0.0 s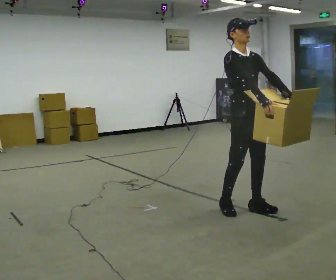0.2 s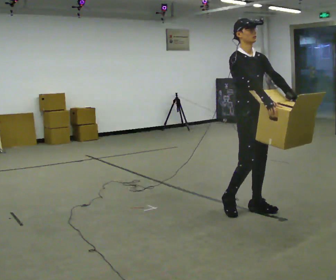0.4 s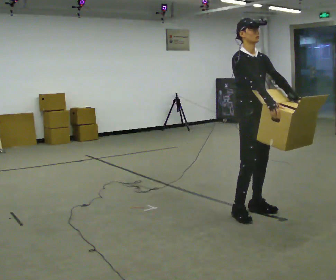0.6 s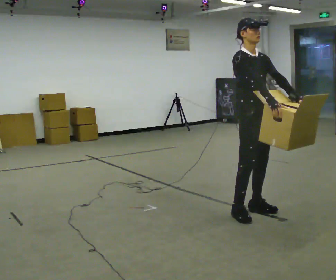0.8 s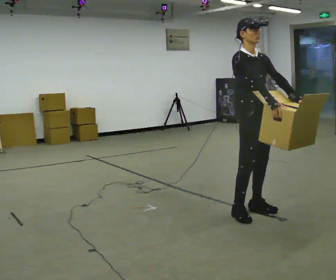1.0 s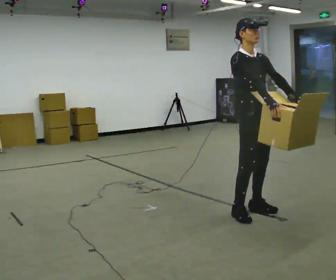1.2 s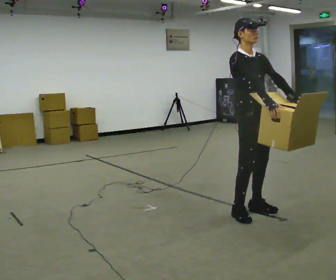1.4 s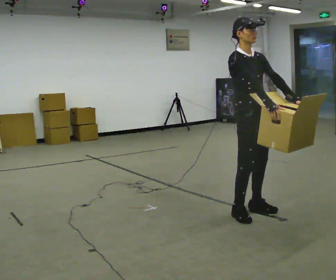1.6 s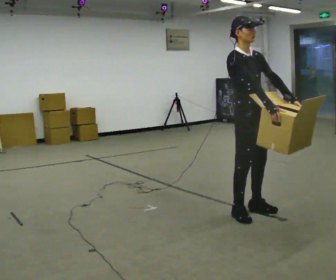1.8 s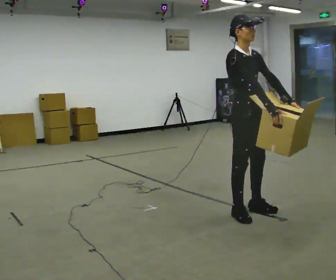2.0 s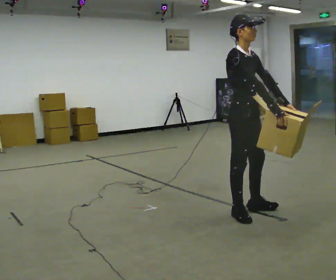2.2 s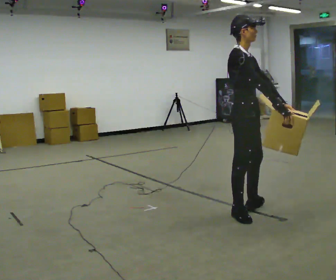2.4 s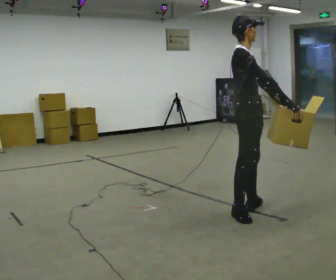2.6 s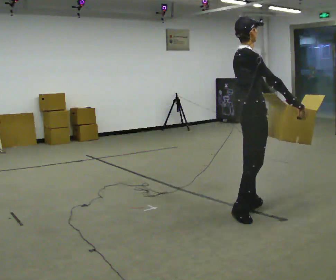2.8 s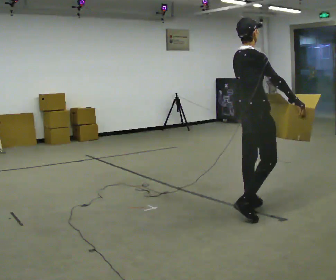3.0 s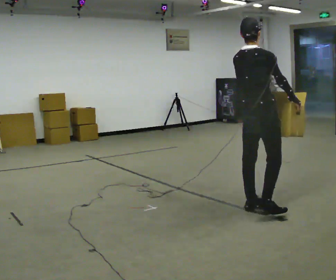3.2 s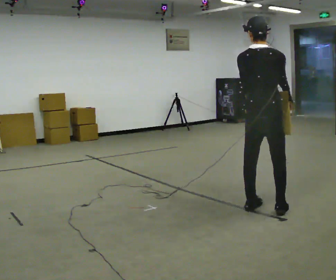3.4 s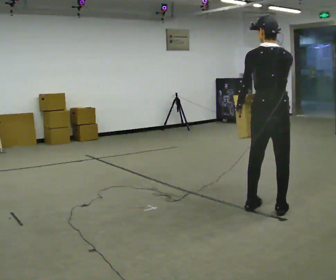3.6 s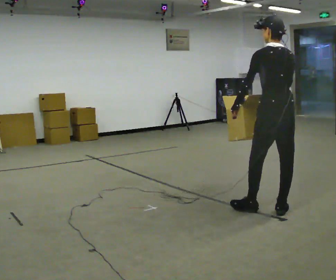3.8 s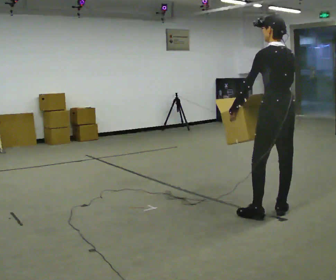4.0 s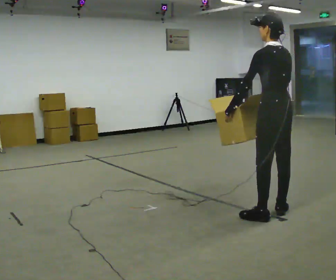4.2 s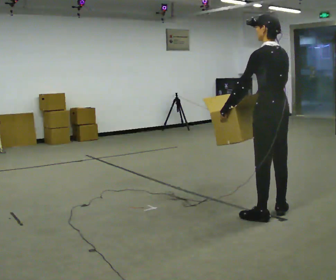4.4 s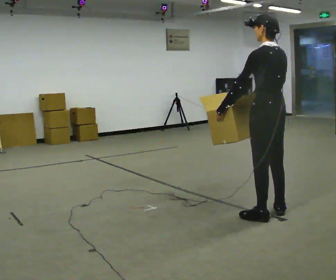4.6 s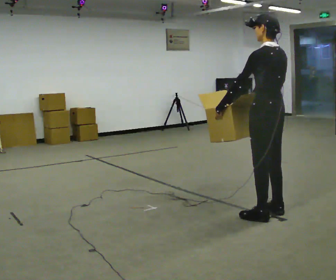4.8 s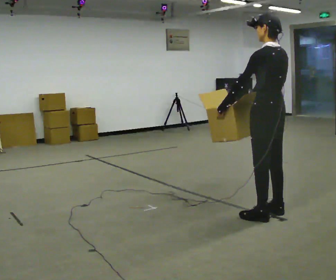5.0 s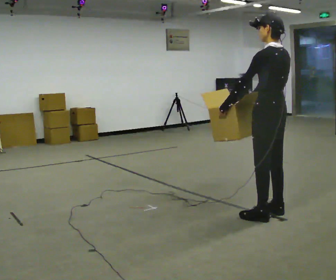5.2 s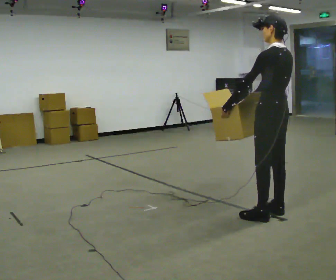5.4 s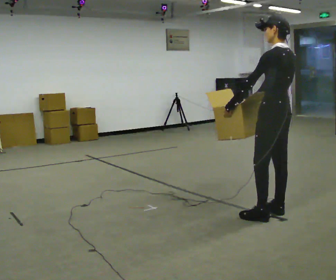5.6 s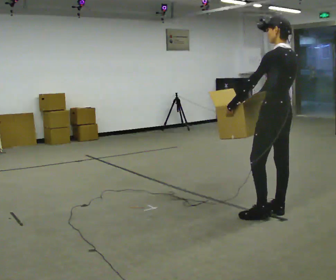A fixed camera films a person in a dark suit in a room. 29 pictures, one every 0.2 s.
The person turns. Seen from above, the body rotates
counterclockwise.
The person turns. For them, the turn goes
to their left.
0.0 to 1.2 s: The person moves a little, or ends about where they began.
1.2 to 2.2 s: Seen from above the body turns counterclockwise, about 30 degrees: to their left, with its near side sliding to the right.
2.2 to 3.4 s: Seen from above the body turns counterclockwise, about 105 degrees: to their left, with its near side sliding to the right. In the picture they go to the right, about 0.25 m in 1 step.
3.4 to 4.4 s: The person turns about 30 degrees to their left, counterclockwise seen from above, so the part of the body nearest the lens slides to the right.
4.4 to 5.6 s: The person moves a little, or ends about where they began.
The film runs forward here.
